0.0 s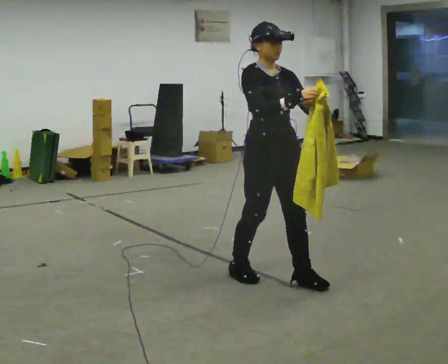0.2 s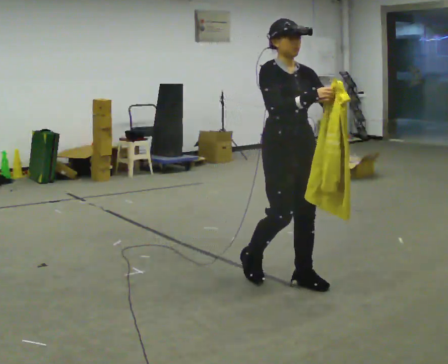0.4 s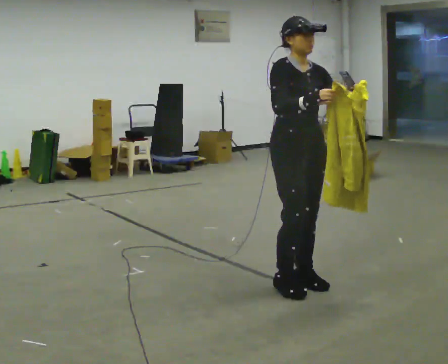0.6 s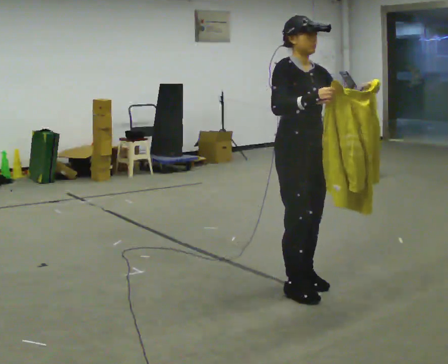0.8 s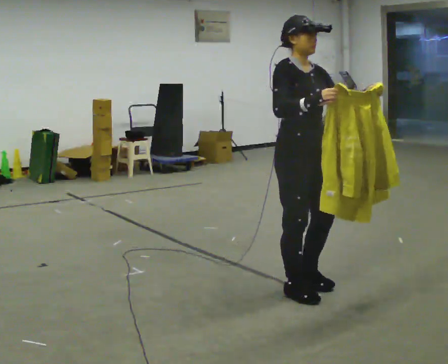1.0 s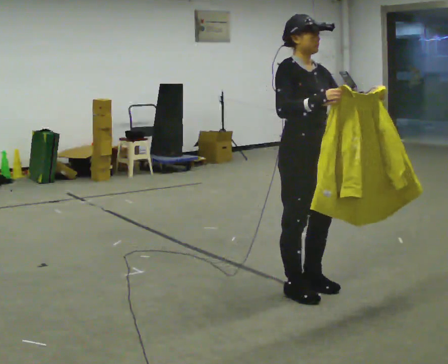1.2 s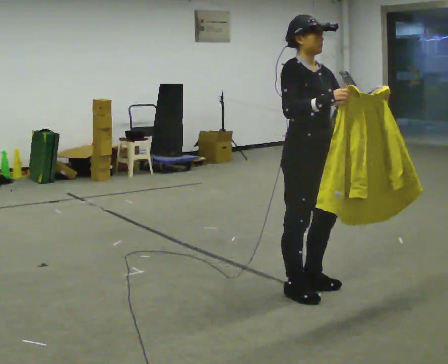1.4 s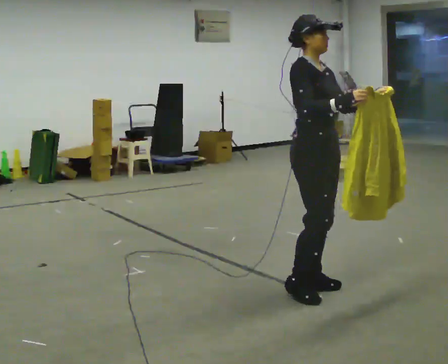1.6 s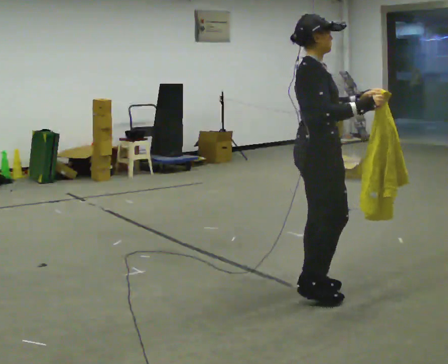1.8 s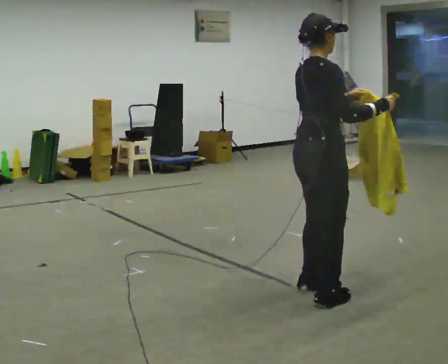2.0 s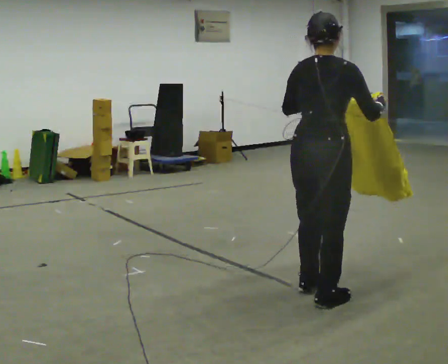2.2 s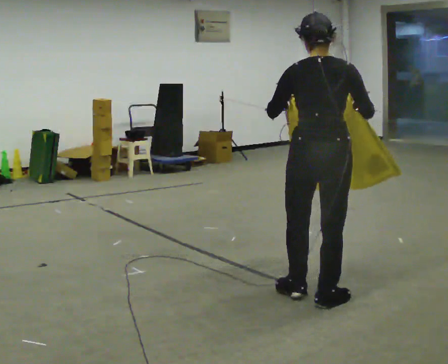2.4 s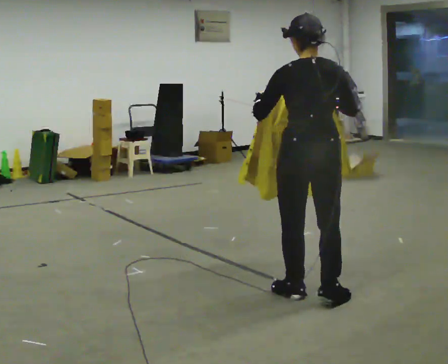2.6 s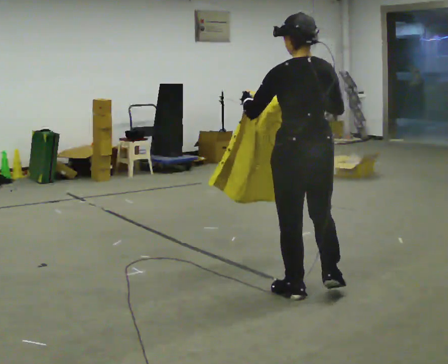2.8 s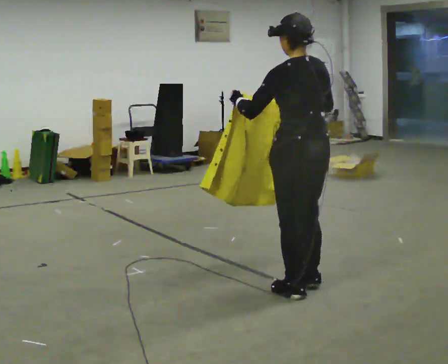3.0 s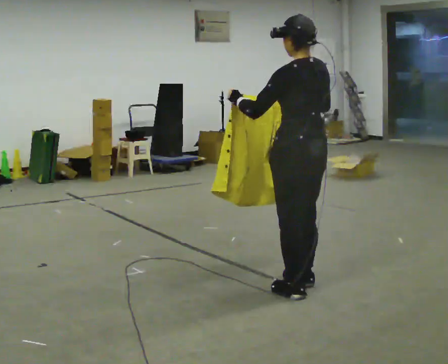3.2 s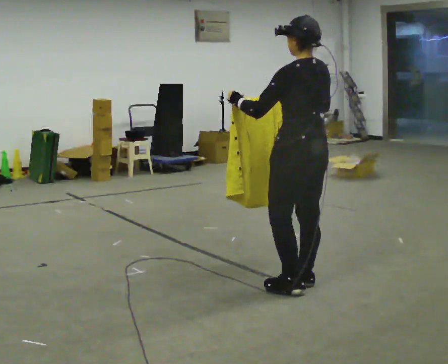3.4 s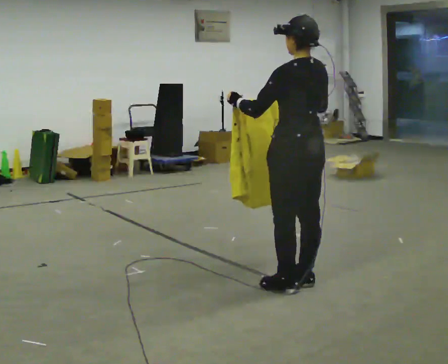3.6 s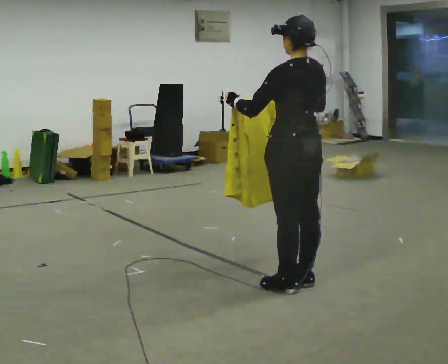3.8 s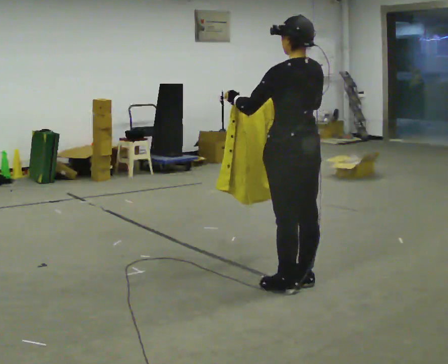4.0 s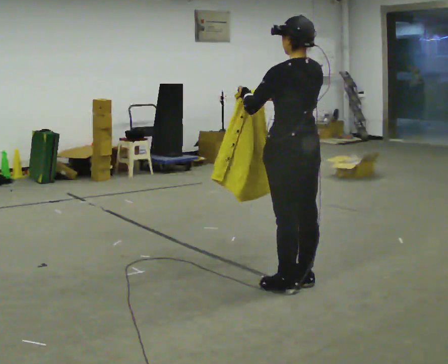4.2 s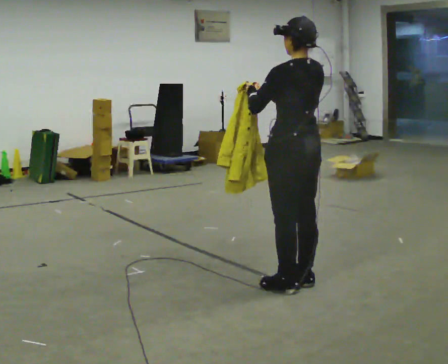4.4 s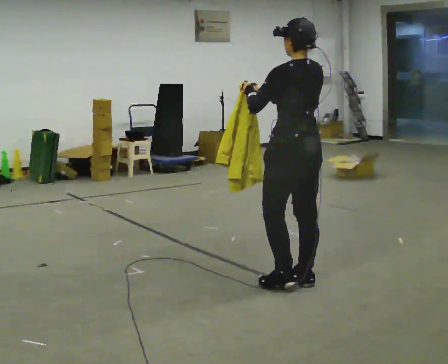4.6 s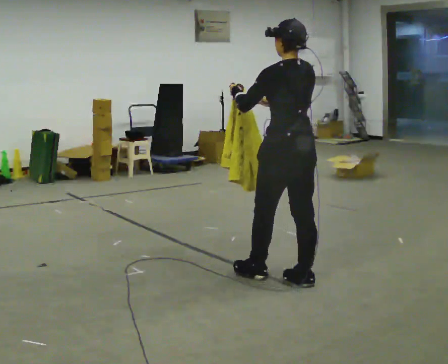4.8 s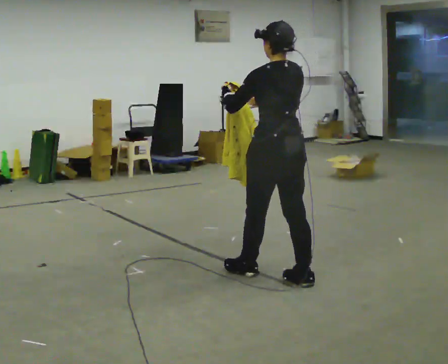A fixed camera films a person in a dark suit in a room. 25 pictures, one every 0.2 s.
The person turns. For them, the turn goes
to their left.
The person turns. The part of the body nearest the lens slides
to the right.
0.0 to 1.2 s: In the picture they go to the right and toward the camera, about 0.25 m in 1 step, which for them is forward.
1.2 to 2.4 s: Seen from above the body turns counterclockwise, about 135 degrees: to their left, with its near side sliding to the right. In the picture their left hand goes to the left.
2.4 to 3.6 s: Seen from above the body turns counterclockwise, about 30 degrees: to their left, with its near side sliding to the right. In the picture they go away from the camera, about 0.25 m in 1 step, which for them is forward.
3.6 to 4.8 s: The person moves a little, or ends about where they began.
The film runs forward here.
